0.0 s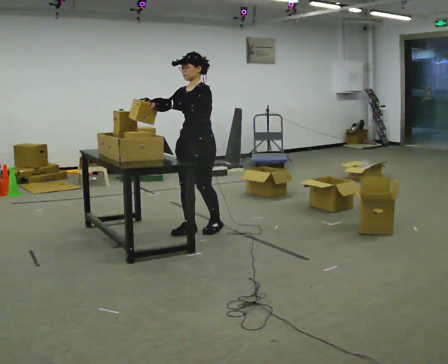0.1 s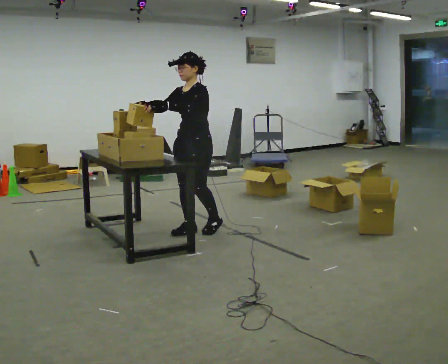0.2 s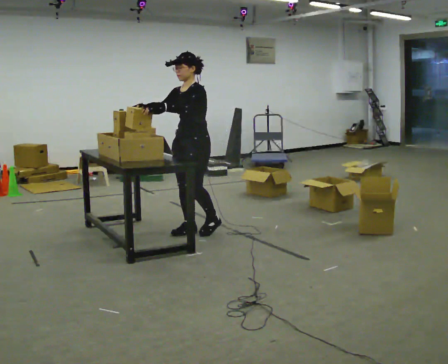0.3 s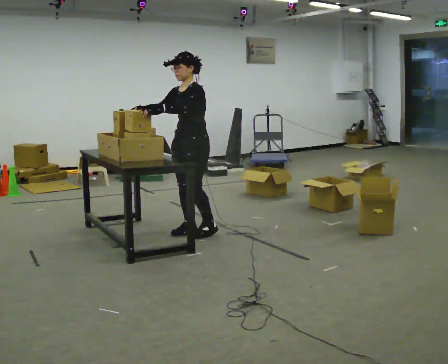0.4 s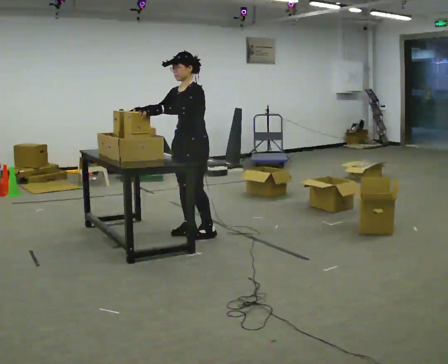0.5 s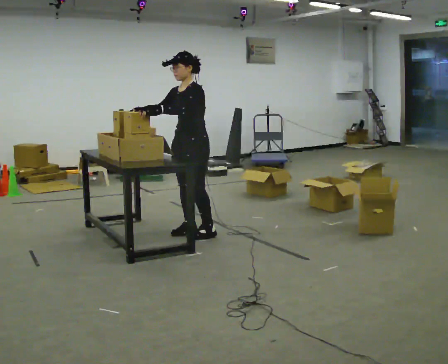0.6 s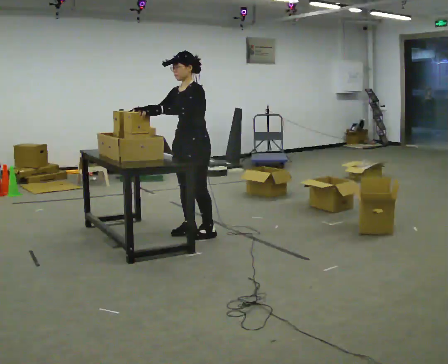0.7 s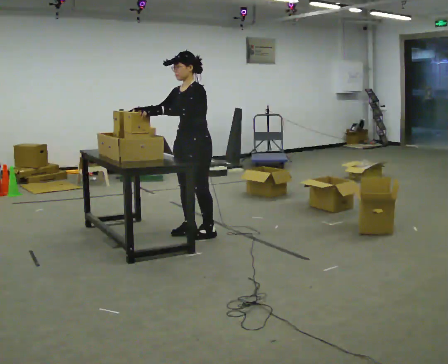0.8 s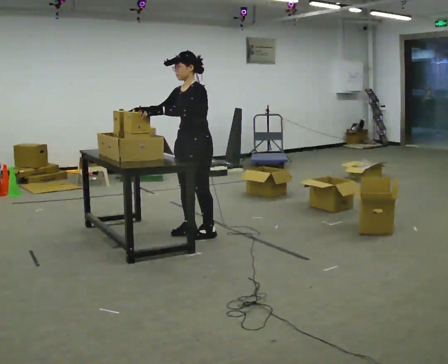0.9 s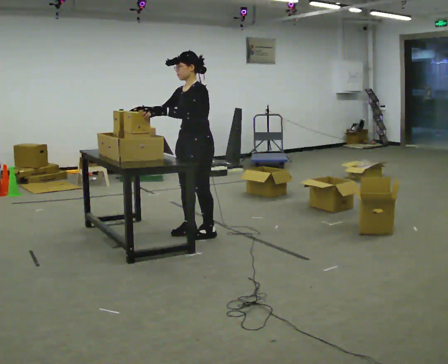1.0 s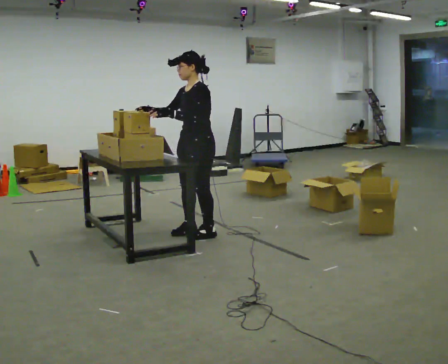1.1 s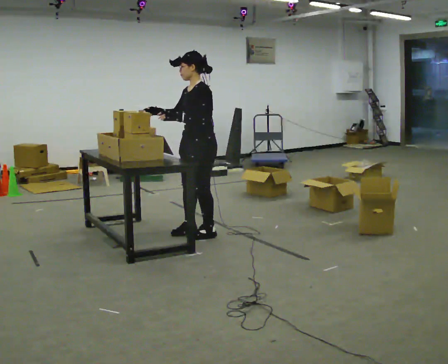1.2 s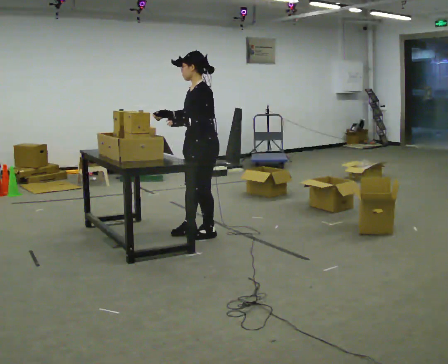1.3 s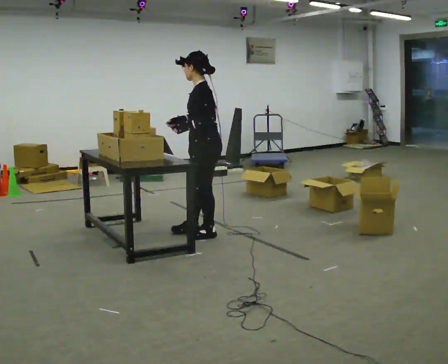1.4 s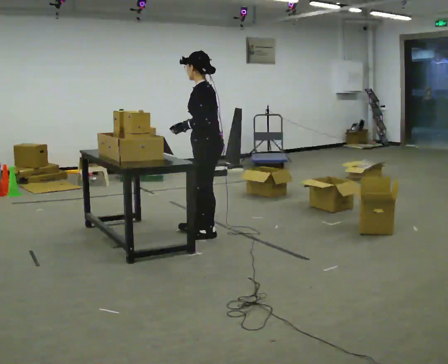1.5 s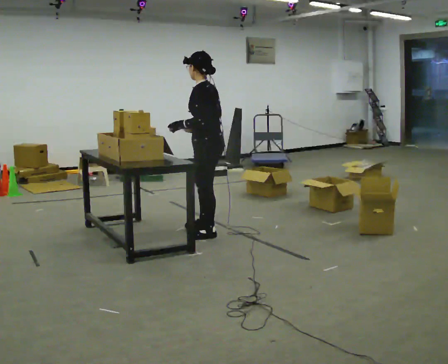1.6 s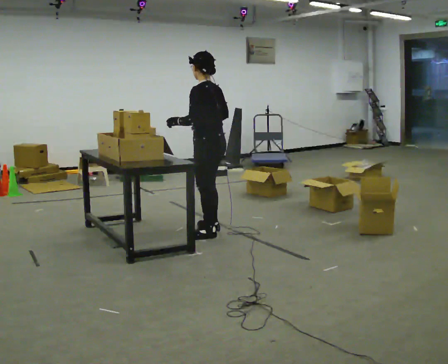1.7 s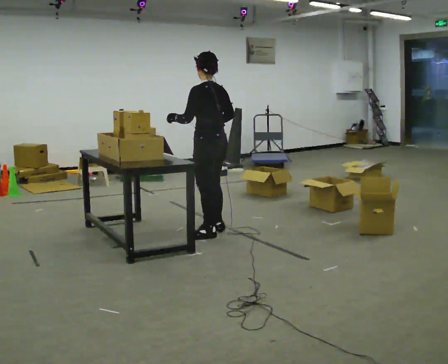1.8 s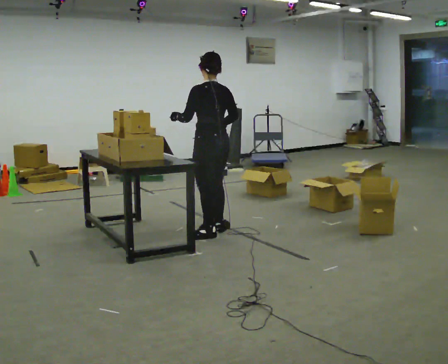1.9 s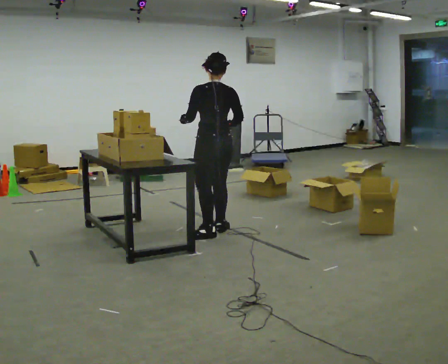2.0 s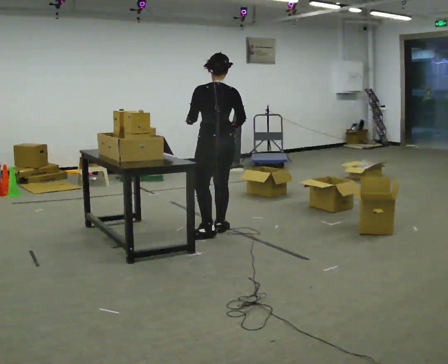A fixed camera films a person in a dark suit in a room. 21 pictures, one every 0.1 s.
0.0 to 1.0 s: The person moves a little, or ends about where they began.
1.0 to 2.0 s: The person turns about 105 degrees to their right, clockwise seen from above, so the part of the body nearest the lens slides to the left. In the picture they go to the right, about 0.25 m in 1 step. In the picture their right hand goes to the right, the arm swinging counterclockwise.
The film runs forward here.
